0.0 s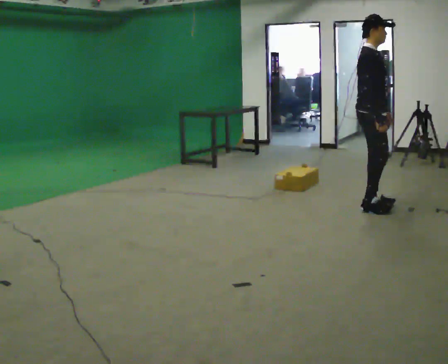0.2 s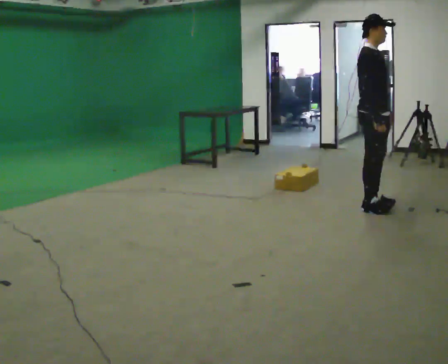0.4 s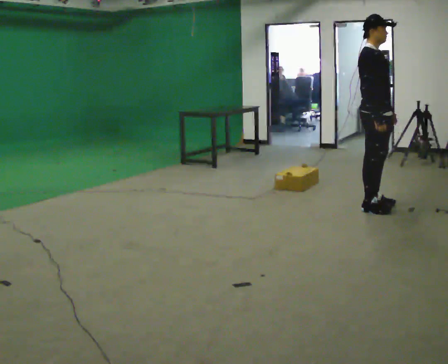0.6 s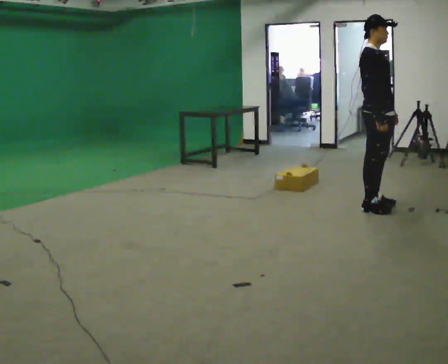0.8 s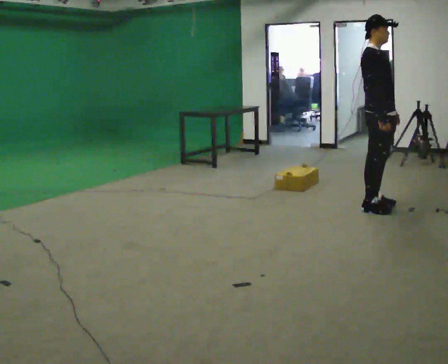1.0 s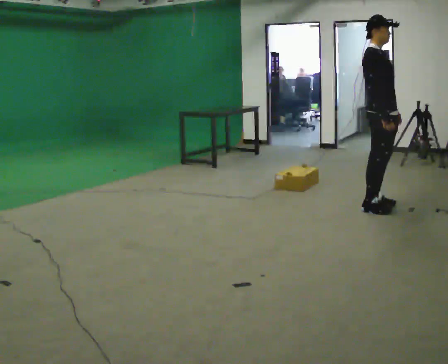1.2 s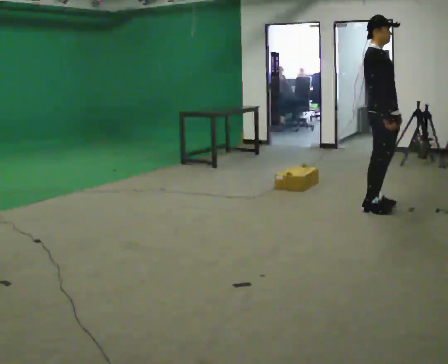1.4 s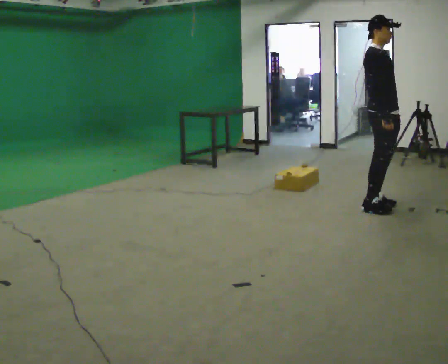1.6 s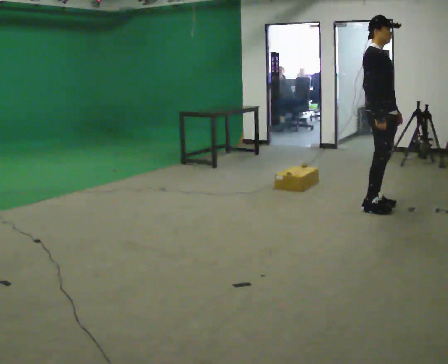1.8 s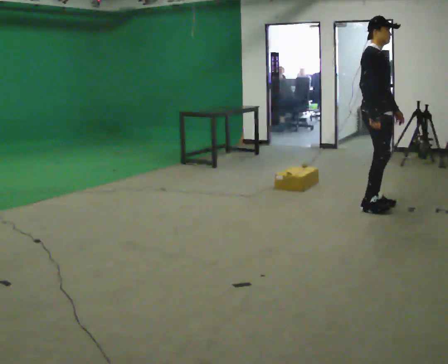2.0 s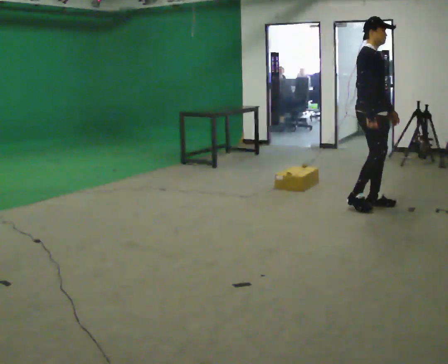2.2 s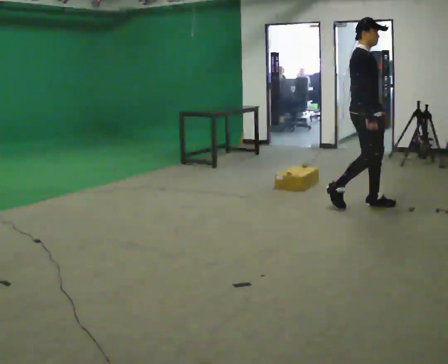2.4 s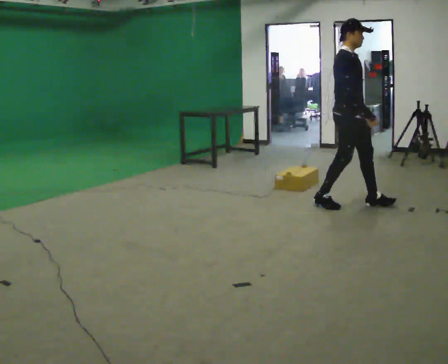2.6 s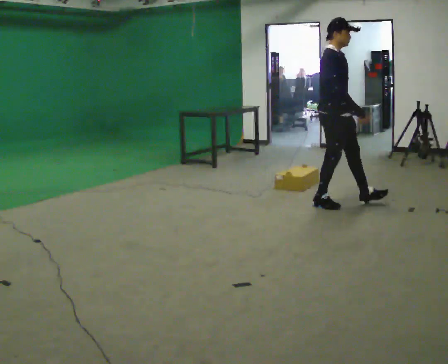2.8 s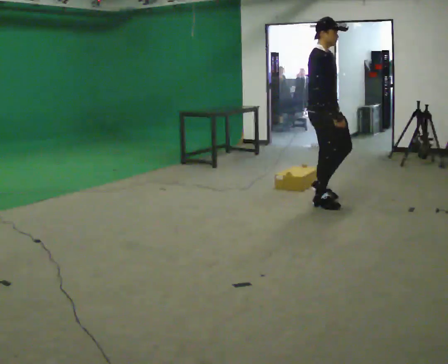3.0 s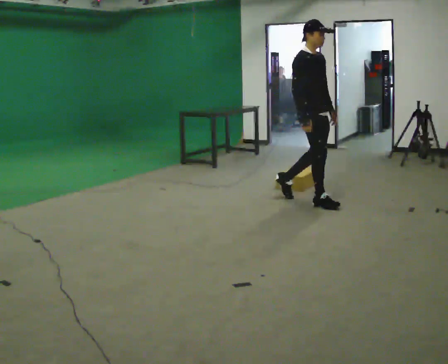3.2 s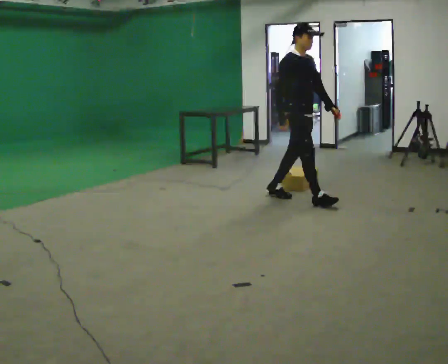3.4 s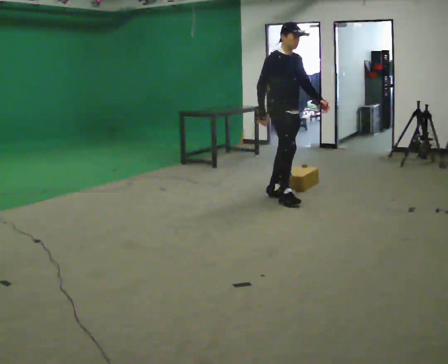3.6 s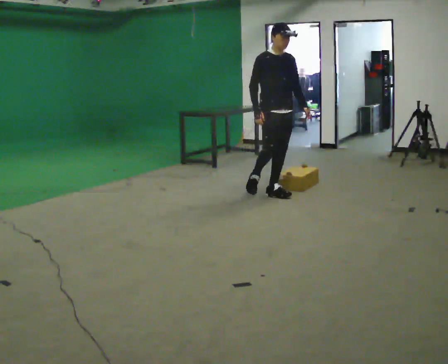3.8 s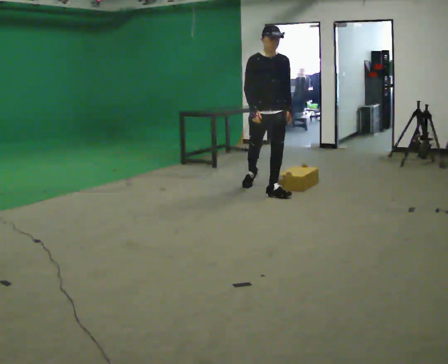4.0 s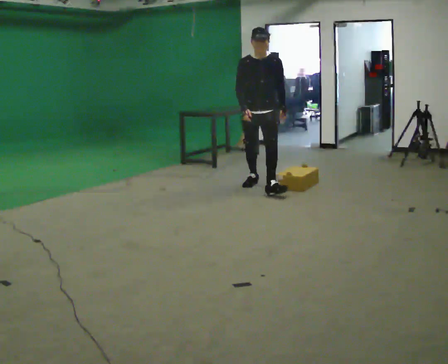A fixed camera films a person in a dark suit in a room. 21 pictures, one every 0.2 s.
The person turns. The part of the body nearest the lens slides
to the left.
The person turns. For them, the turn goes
to their right.
0.0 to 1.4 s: The person moves a little, or ends about where they began.
1.4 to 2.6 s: In the picture they go to the left, about 0.5 m in 2 steps, which for them is backward.
2.6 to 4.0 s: The part of the body nearest the lens slides to the left as the person turns to their right by about 60 degrees. In the picture they go to the left and away from the camera, about 1 m in 2 steps.
The film runs backward here.
